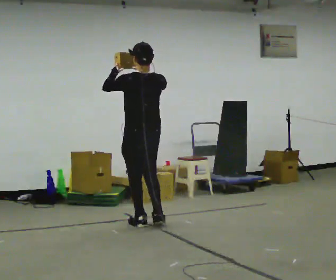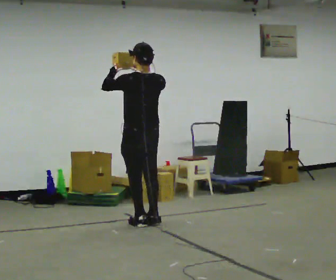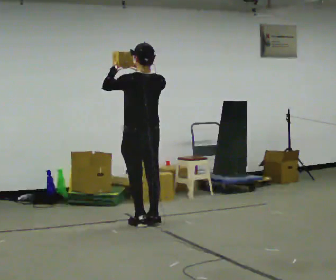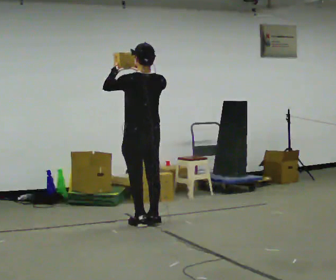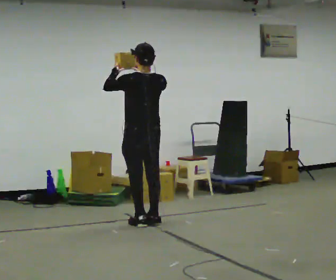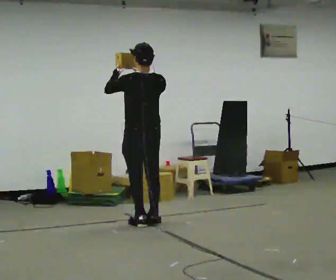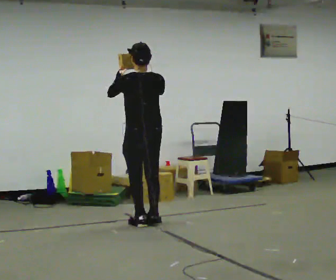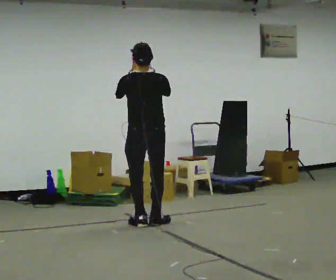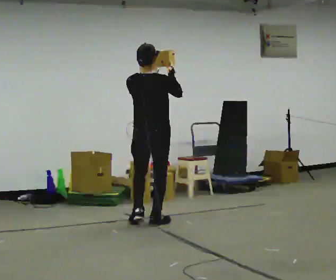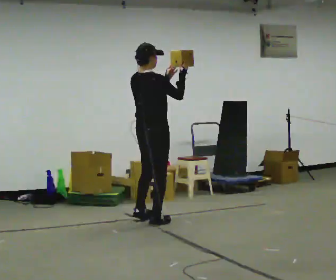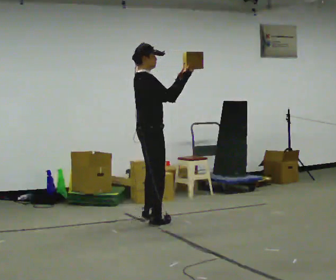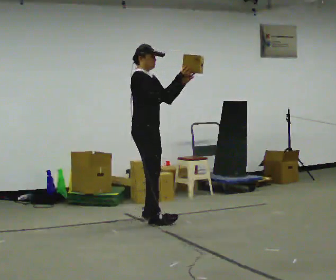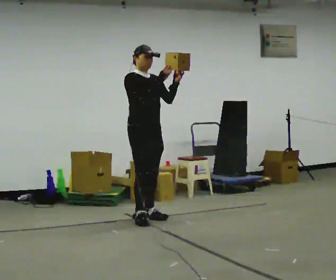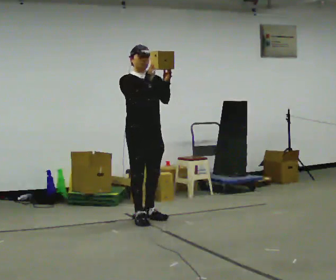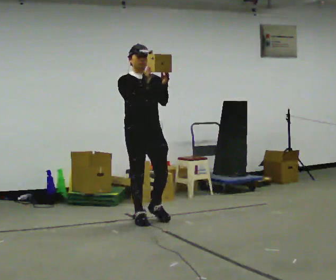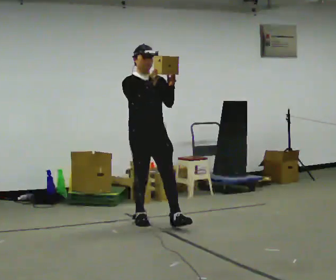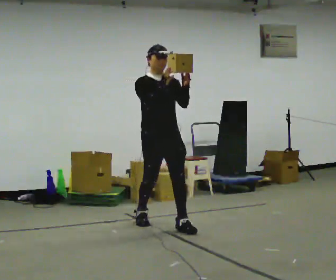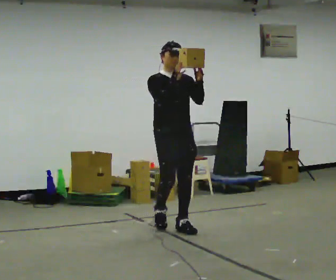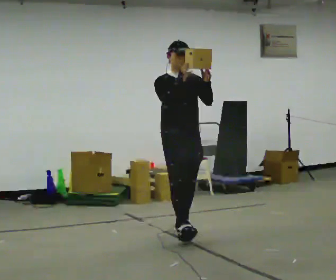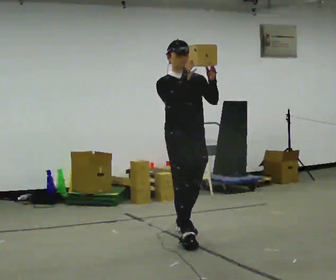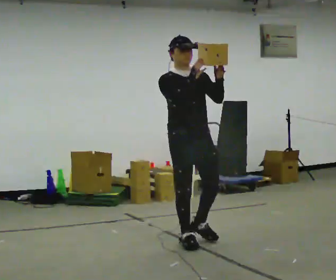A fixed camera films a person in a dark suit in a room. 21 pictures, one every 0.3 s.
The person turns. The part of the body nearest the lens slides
to the left.
The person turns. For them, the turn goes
to their right.
0.0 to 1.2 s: The person moves a little, or ends about where they began.
1.2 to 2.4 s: The part of the body nearest the lens slides to the left as the person turns to their right by about 45 degrees. In the picture their left hand goes to the right.
2.4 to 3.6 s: The person turns about 120 degrees to their right, clockwise seen from above, so the part of the body nearest the lens slides to the left. In the picture they go away from the camera, about 0.25 m in 2 steps.
3.6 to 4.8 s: In the picture they go toward the camera and to the right, about 0.5 m in 1 step, which for them is forward.
4.8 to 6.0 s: In the picture they go toward the camera, about 0.5 m in 1 step, which for them is forward.
The film runs forward here.
